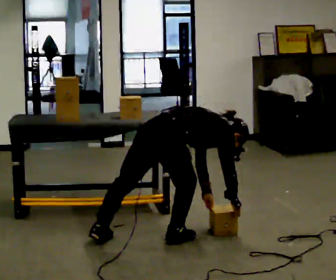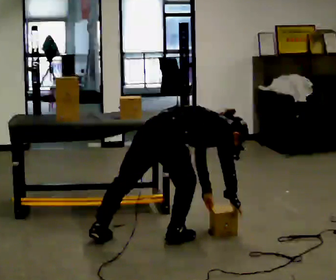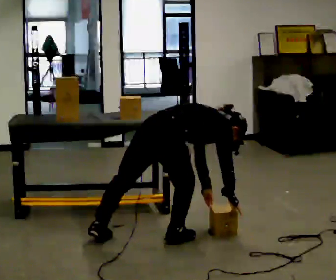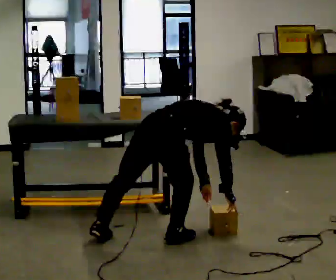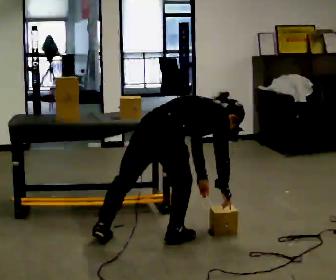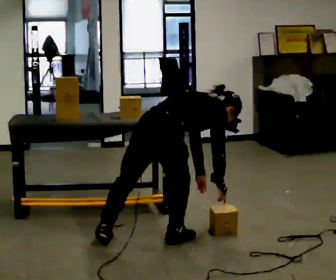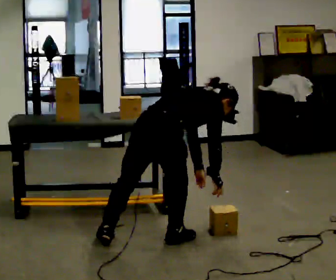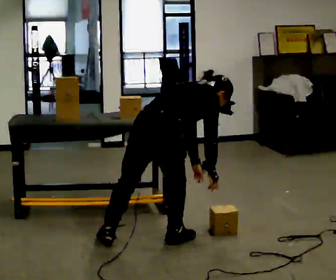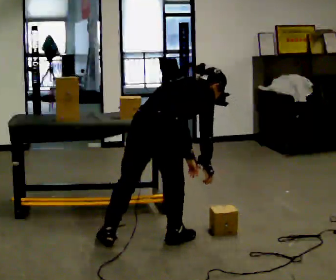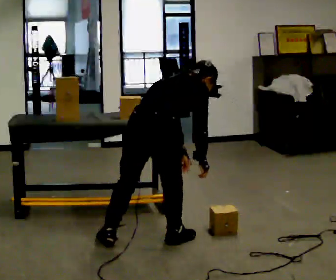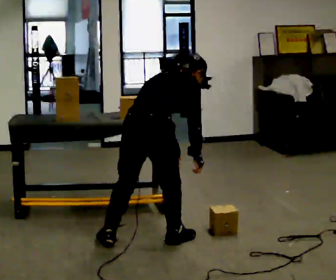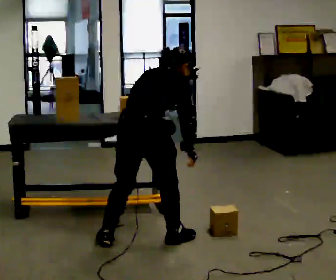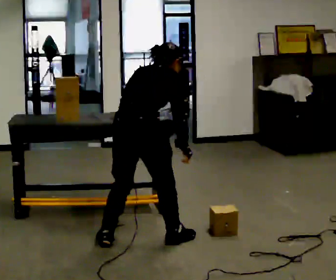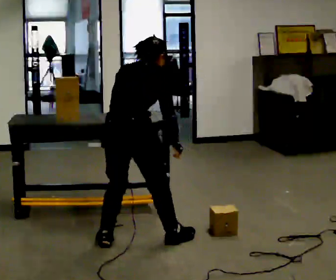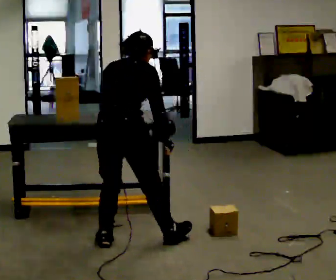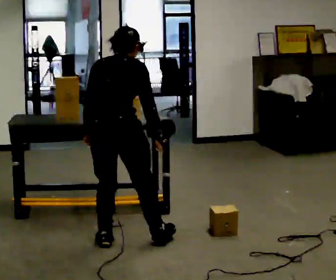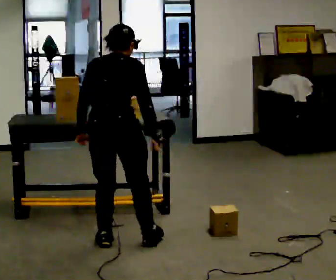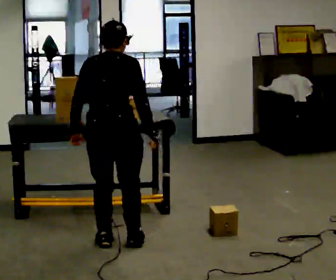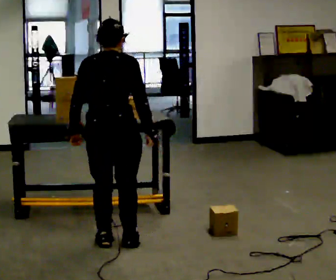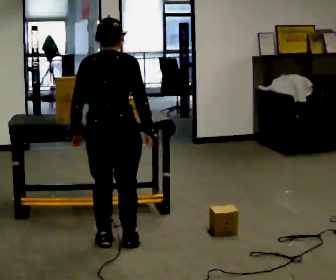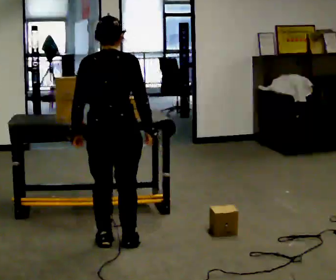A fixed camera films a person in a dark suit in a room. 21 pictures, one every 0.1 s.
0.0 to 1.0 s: The person turns about 30 degrees to their left, counterclockwise seen from above, so the part of the body nearest the lens slides to the right. The shoulders move upward. In the picture the upper body tilts counterclockwise, shoulders to the left, as they lean back or straighten. In the picture their right hand goes upward.
1.0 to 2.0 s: The person turns about 30 degrees to their left, counterclockwise seen from above, so the part of the body nearest the lens slides to the right. In the picture they go to the left, about 0.25 m in 1 step, which for them is to their left. In the picture the upper body tilts counterclockwise, shoulders to the left, as they lean back or straighten. In the picture their left hand goes to the left.
The film runs forward here.
